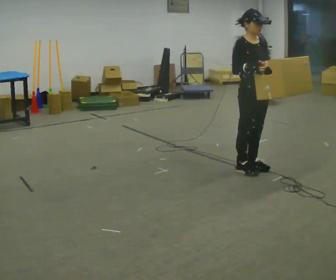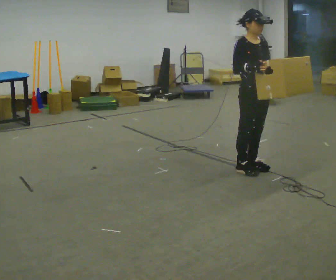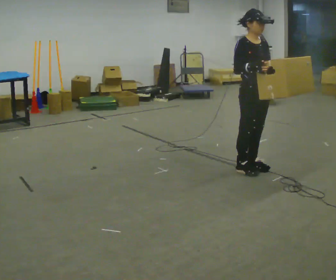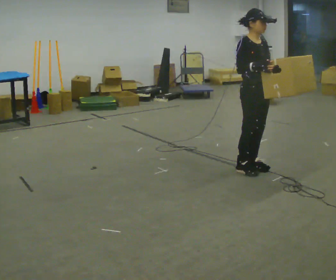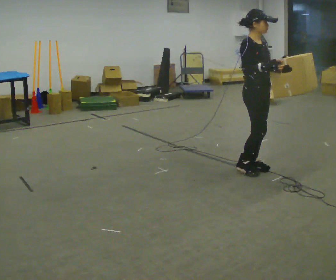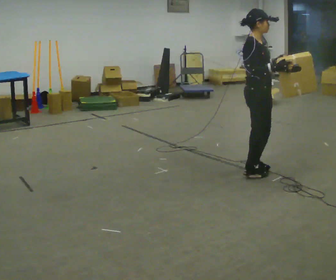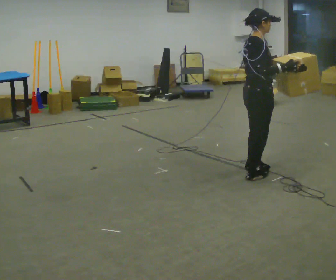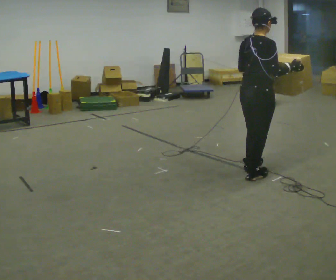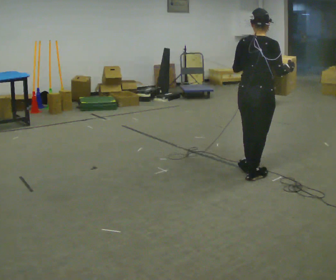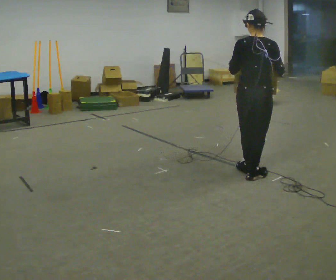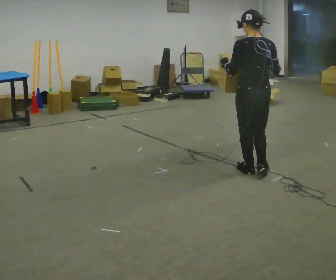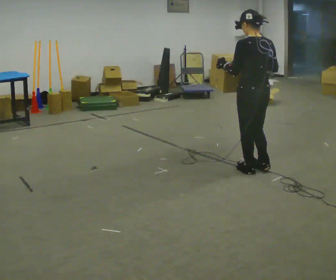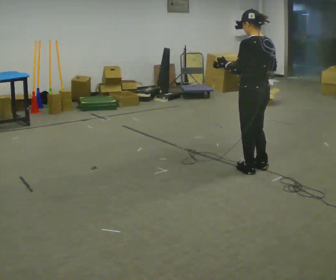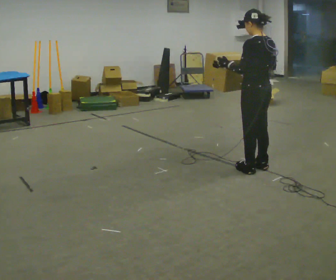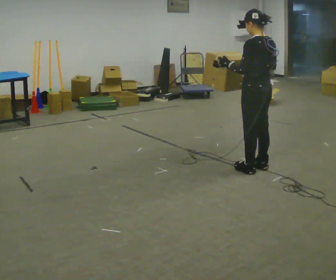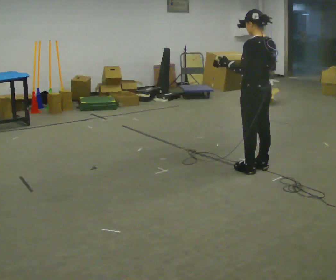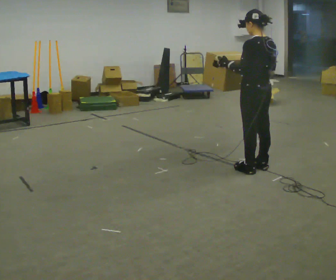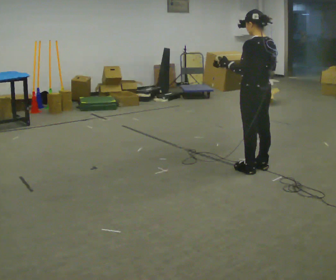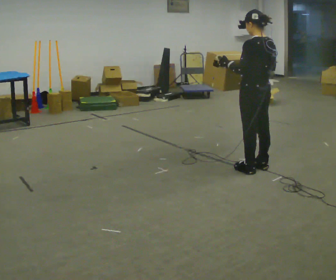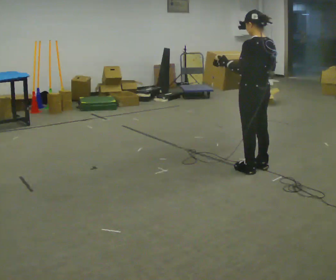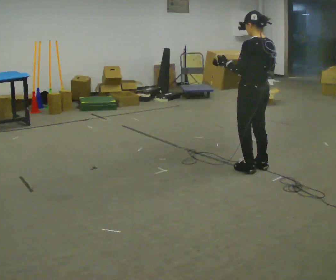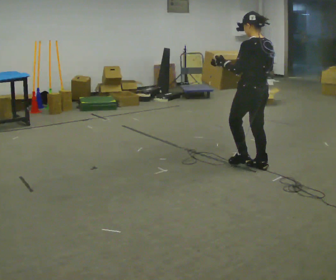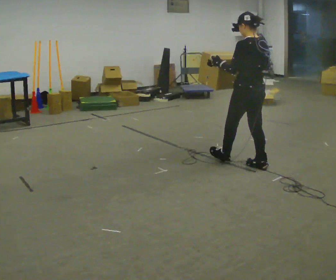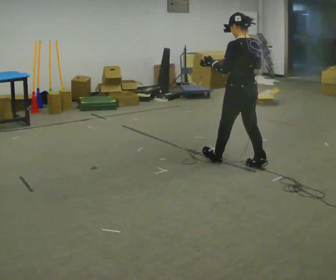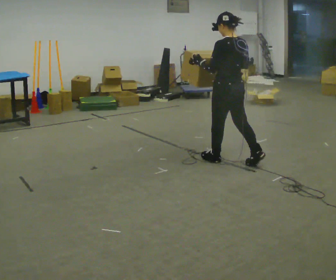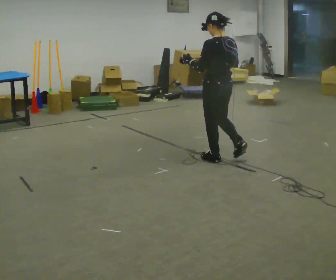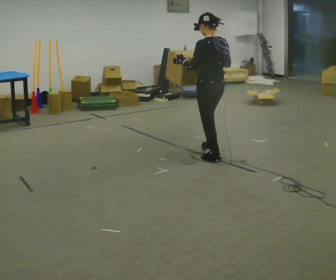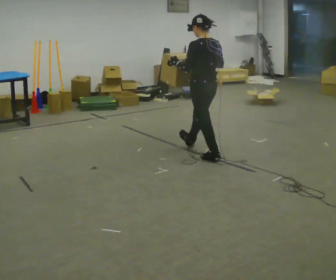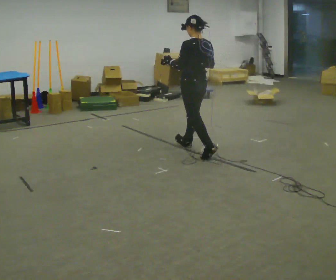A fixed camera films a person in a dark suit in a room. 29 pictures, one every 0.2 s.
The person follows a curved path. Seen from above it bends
counterclockwise.
The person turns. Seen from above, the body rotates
counterclockwise.
0.0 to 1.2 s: Seen from above the body turns counterclockwise, about 60 degrees: to their left, with its near side sliding to the right. In the picture their right hand goes to the right.
1.2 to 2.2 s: The person turns about 105 degrees to their left, counterclockwise seen from above, so the part of the body nearest the lens slides to the right.
2.2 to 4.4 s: In the picture they go away from the camera, about 0.25 m in 1 step, which for them is forward.
4.4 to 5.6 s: In the picture they go to the left and away from the camera, about 0.5 m in 2 steps, which for them is forward.
The film runs forward here.
